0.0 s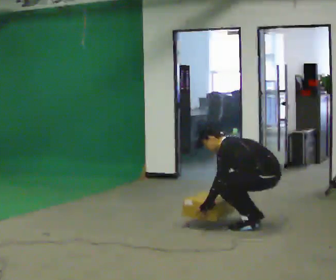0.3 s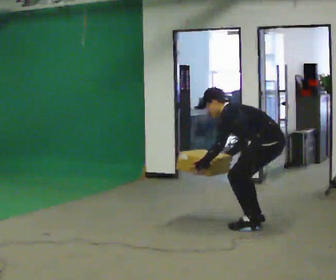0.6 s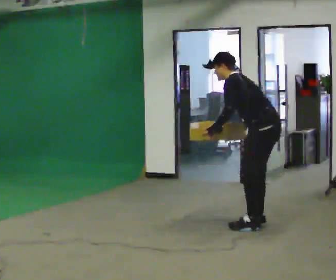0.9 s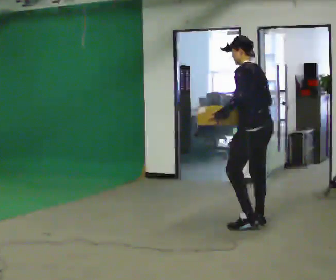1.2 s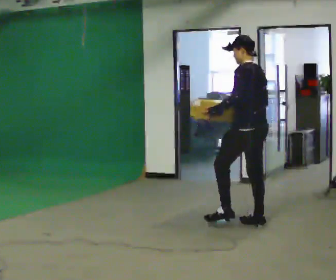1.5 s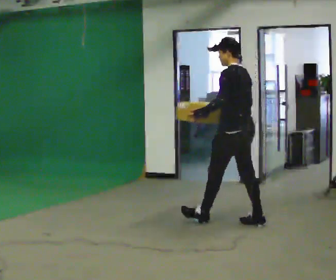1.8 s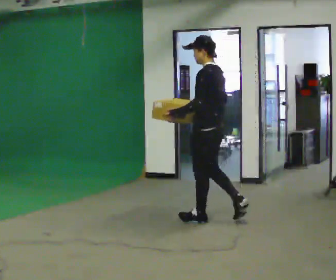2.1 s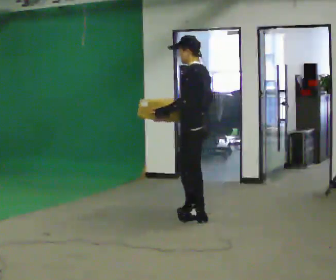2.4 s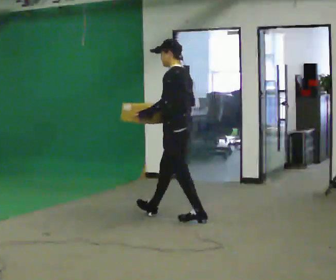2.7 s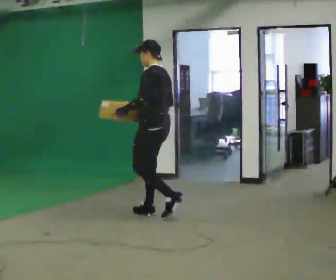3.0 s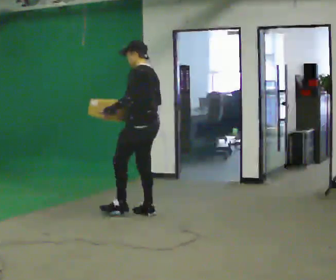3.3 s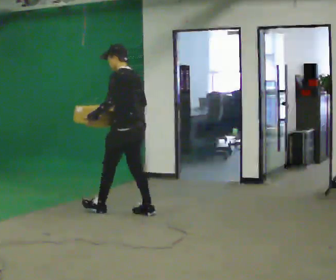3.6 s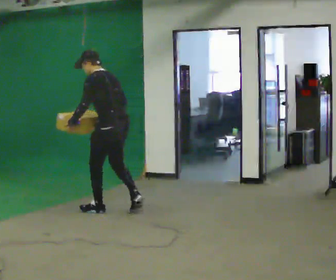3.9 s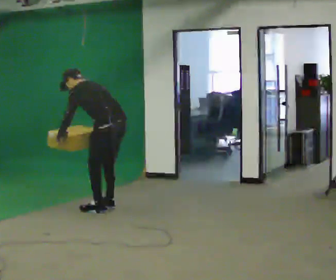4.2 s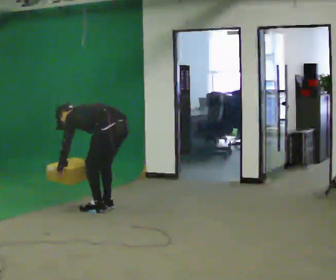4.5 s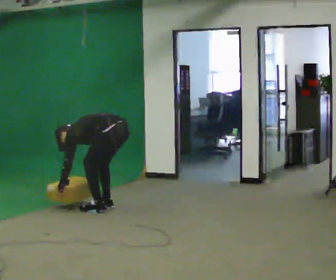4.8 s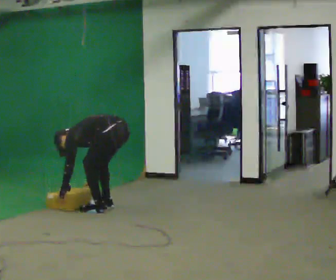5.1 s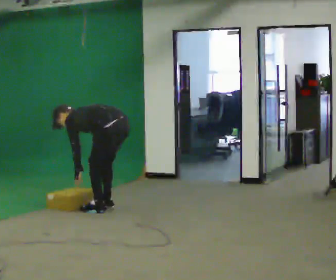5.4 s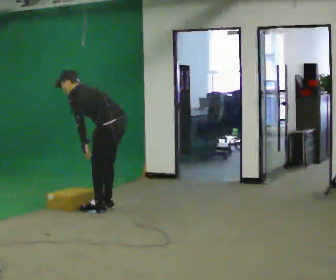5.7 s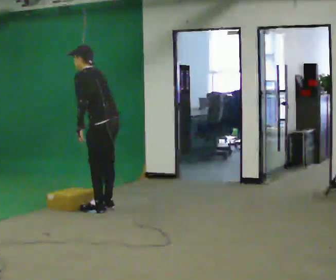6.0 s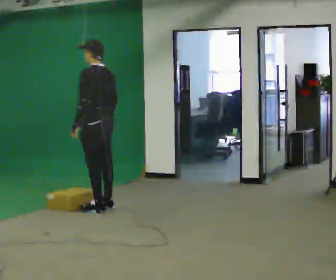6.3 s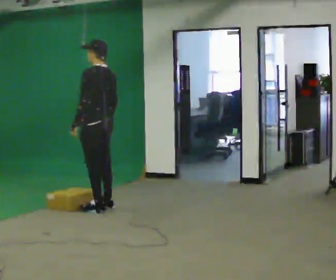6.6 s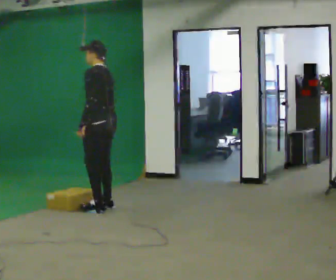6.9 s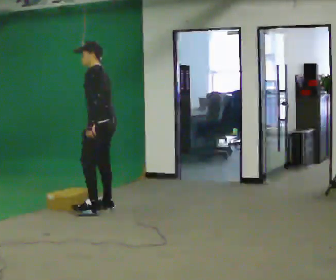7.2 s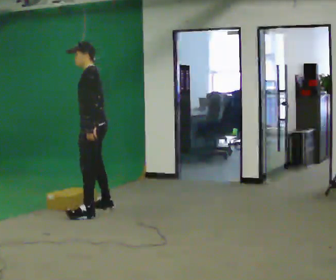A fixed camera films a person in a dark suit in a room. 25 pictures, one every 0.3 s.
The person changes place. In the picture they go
to the left.
0.0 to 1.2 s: The shoulders move upward. In the picture the upper body tilts clockwise, shoulders to the right, as they lean back or straighten. In the picture their left hand goes upward.
1.2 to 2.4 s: In the picture they go to the left and away from the camera, about 0.5 m in 2 steps, which for them is forward.
2.4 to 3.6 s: In the picture they go to the left and away from the camera, about 0.5 m in 1 step, which for them is forward. In the picture the upper body tilts counterclockwise, shoulders to the left, as they bend forward.
3.6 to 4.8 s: The upper body goes downward. In the picture the upper body tilts counterclockwise, shoulders to the left, as they bend forward. In the picture their left hand goes downward.
4.8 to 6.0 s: In the picture they go to the left, about 0.25 m, which for them is forward. The shoulders move upward. In the picture the upper body tilts clockwise, shoulders to the right, as they lean back or straighten. In the picture their left hand goes upward.
6.0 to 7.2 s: Seen from above the body turns counterclockwise, about 30 degrees: to their left, with its near side sliding to the right. In the picture they go toward the camera, about 0.25 m in 1 step, which for them is to their left.
The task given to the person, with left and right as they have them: Start still; walk straight at normal comfortable speed; stop at endpoint.
The film runs forward here.
